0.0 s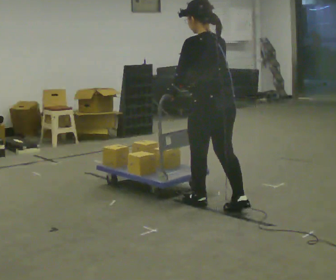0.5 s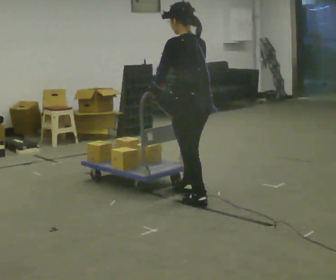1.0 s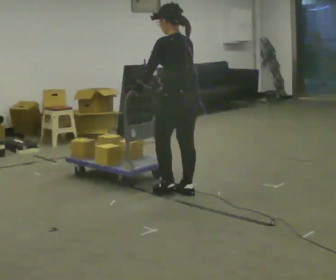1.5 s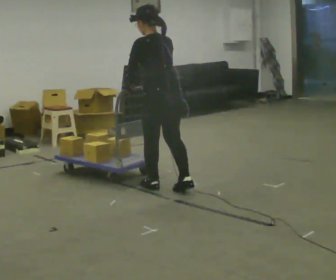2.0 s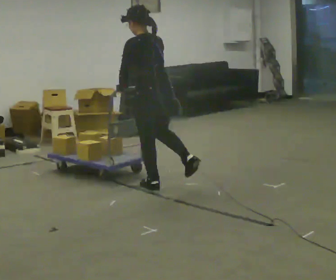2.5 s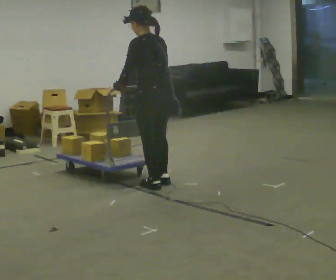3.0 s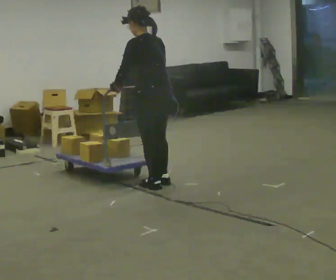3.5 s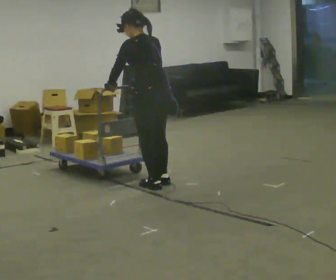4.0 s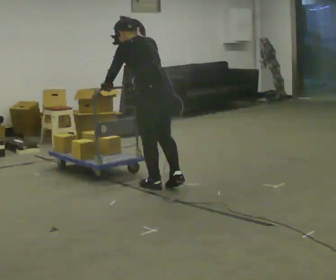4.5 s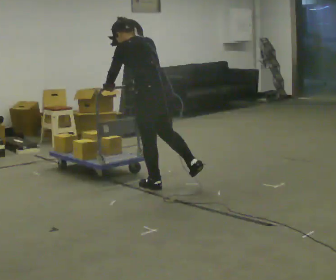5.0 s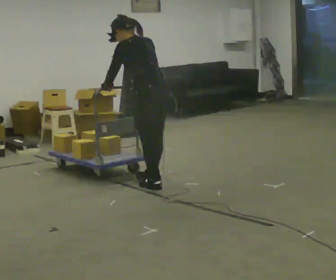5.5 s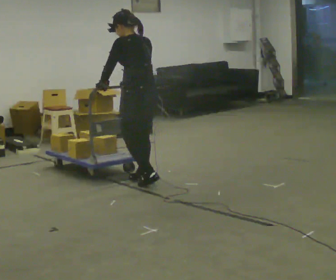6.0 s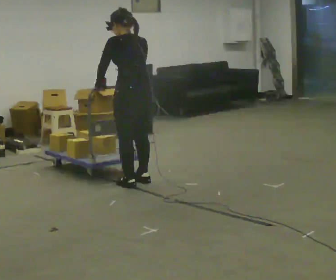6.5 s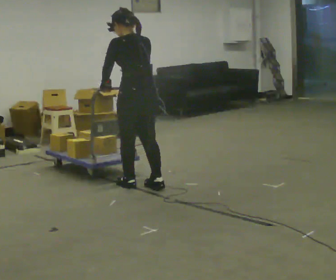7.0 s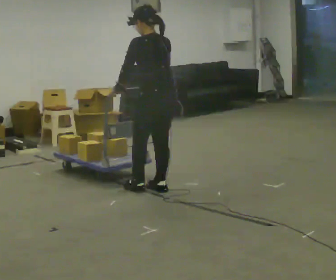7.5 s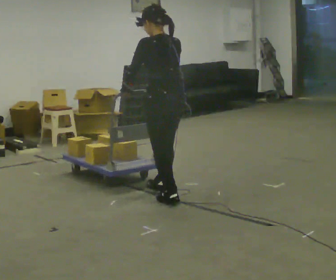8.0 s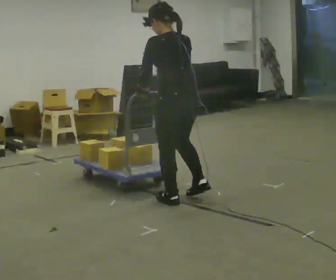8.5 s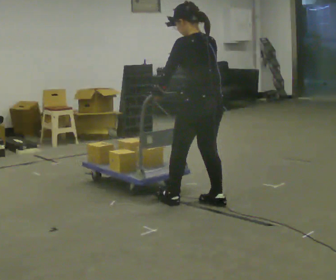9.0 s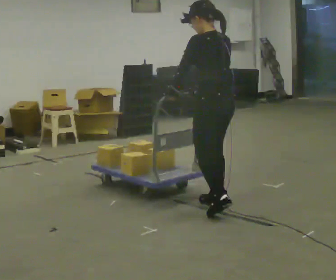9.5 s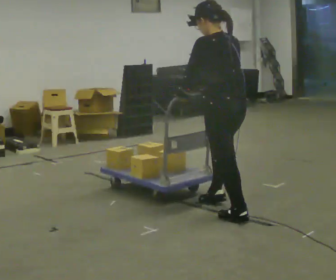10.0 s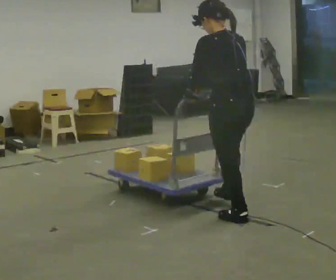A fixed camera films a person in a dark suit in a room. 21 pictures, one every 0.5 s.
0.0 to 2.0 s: In the picture they go away from the camera and to the left, about 0.5 m in 2 steps, which for them is forward.
2.0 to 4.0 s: The person moves a little, or ends about where they began.
4.0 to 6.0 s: In the picture they go to the left, about 0.25 m in 2 steps, which for them is forward.
6.0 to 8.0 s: In the picture they go toward the camera and to the right, about 0.75 m in 2 steps, which for them is backward.
8.0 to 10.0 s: In the picture they go toward the camera and to the right, about 0.5 m in 2 steps, which for them is backward.
The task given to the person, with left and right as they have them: Get the cart into the marked parking space and lined up with the tape. Take as many adjustments as you need. Then take it out again and repeat.
The film runs forward here.
